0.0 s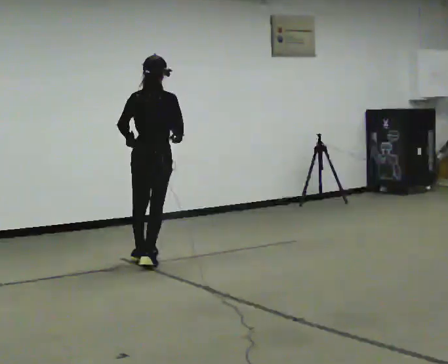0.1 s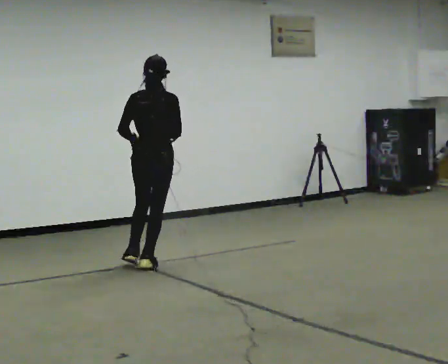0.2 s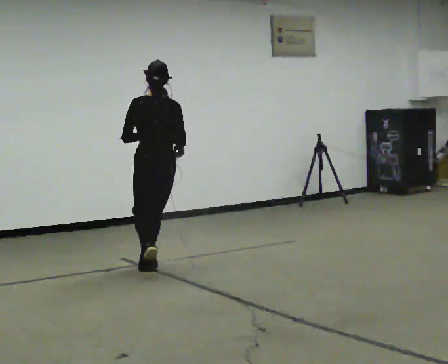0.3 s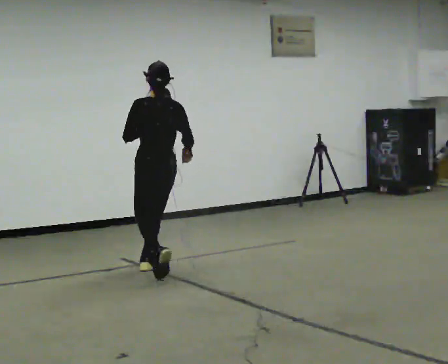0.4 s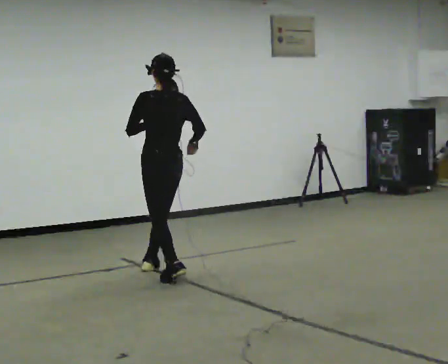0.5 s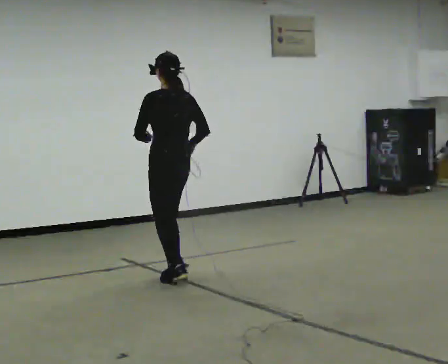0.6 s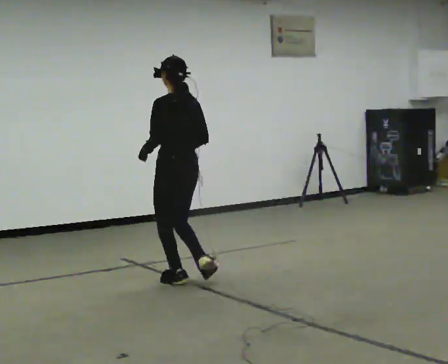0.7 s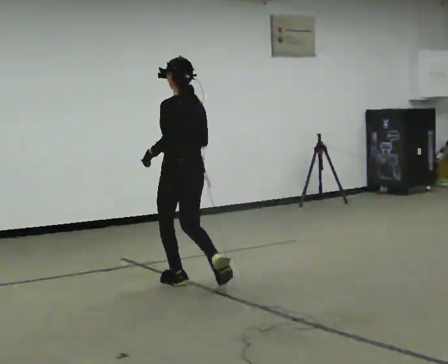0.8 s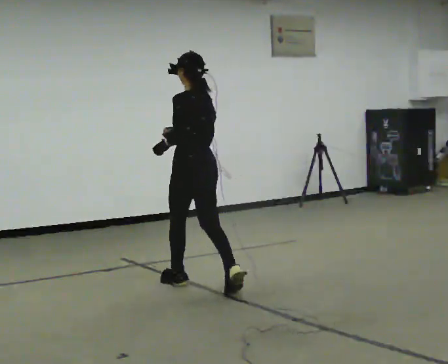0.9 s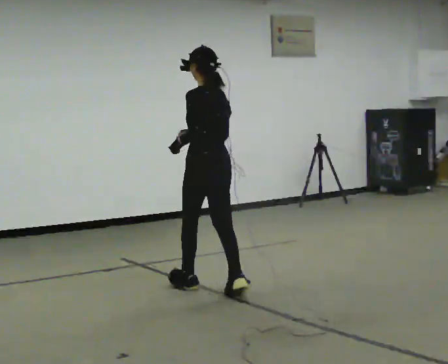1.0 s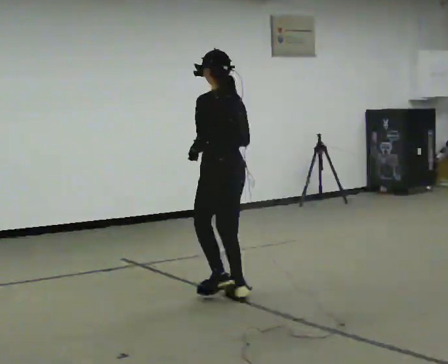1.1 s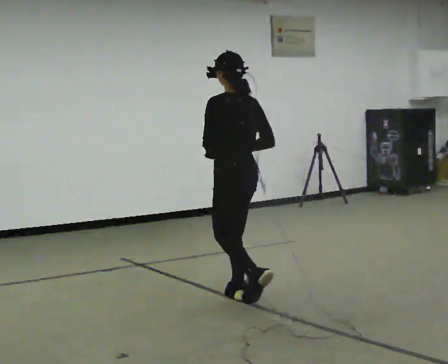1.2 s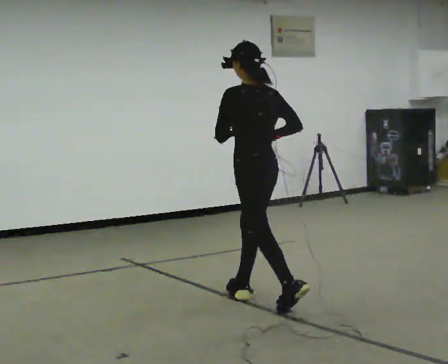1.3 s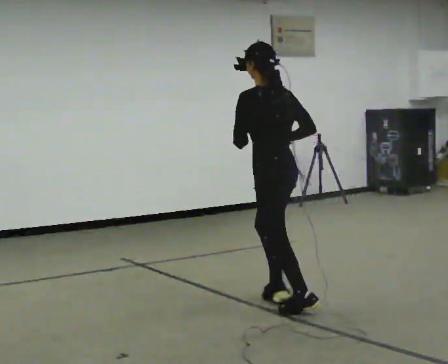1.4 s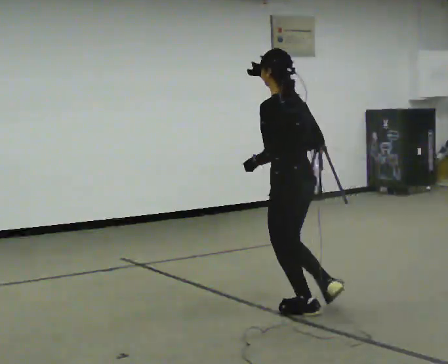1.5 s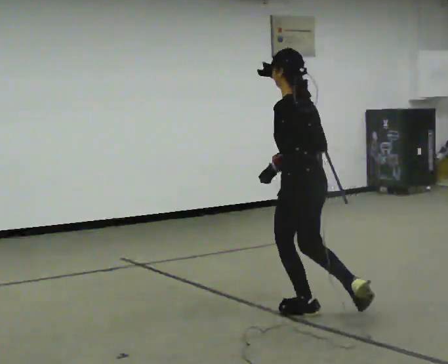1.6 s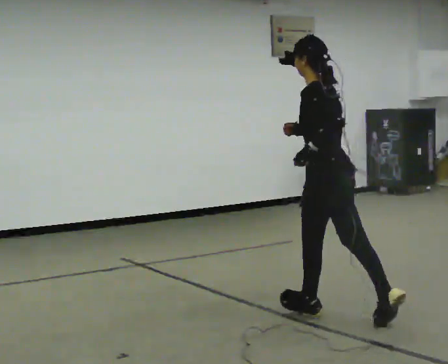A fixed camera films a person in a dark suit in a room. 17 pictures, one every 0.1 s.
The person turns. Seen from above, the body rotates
counterclockwise.
The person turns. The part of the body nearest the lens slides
to the right.
0.0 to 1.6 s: The person turns about 75 degrees to their left, counterclockwise seen from above, so the part of the body nearest the lens slides to the right. In the picture they go toward the camera and to the right, about 2 m in 4 steps.
The film runs backward here.
